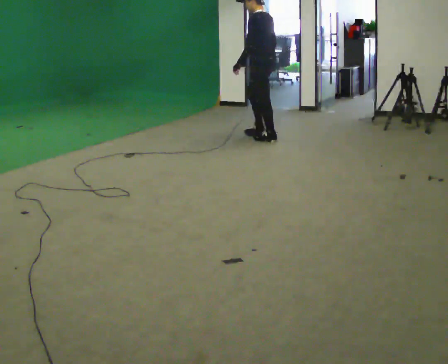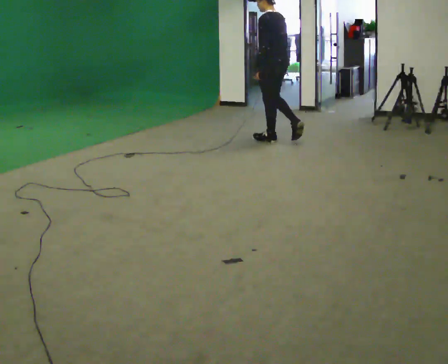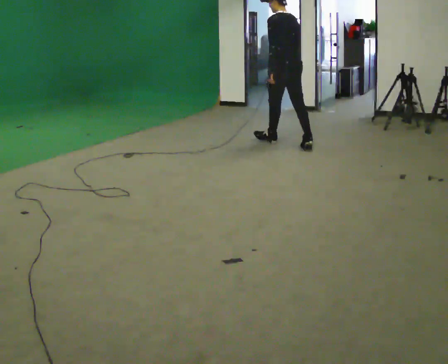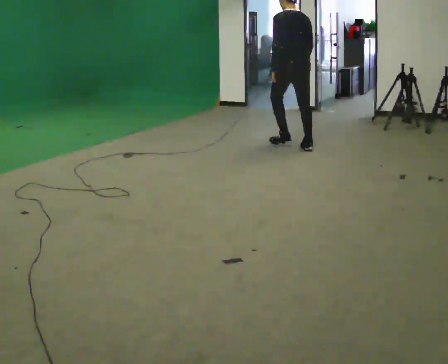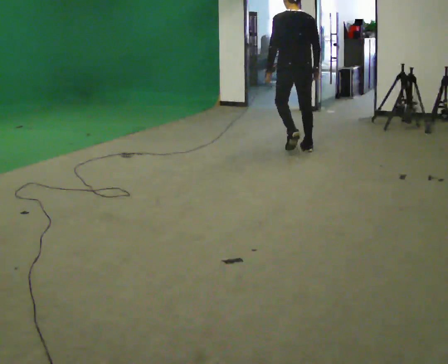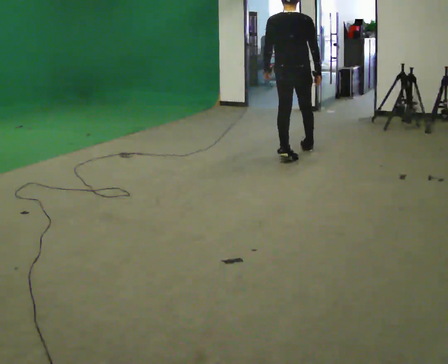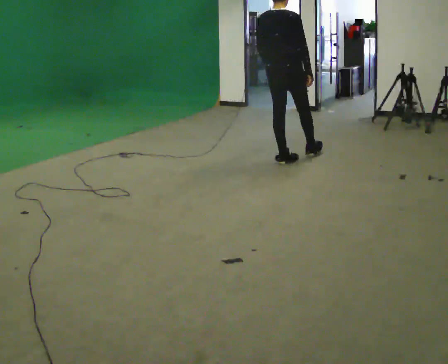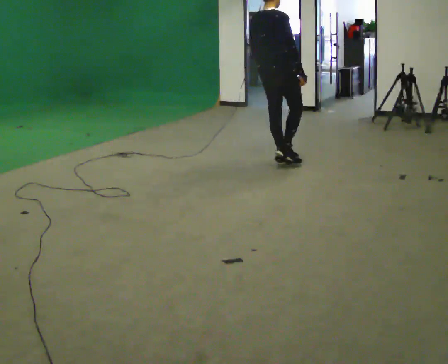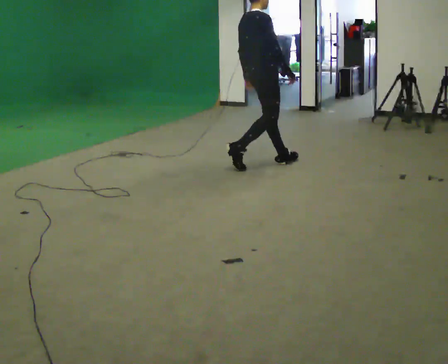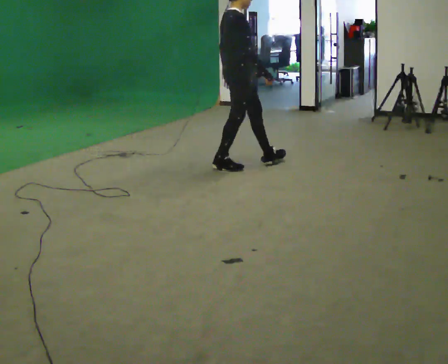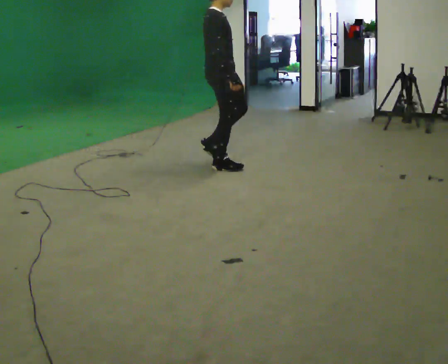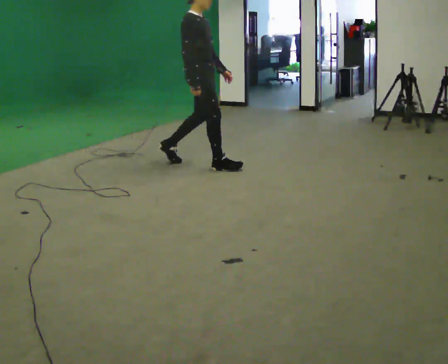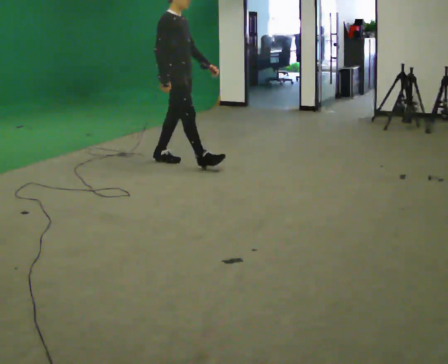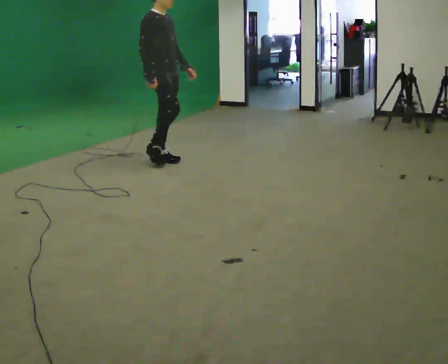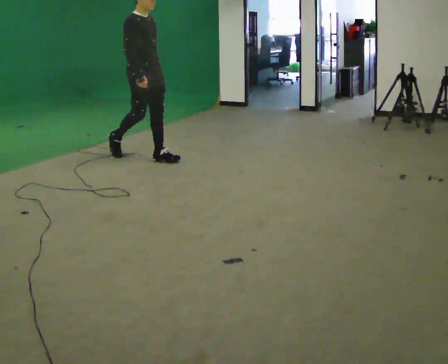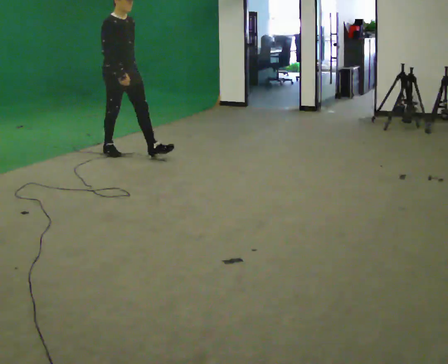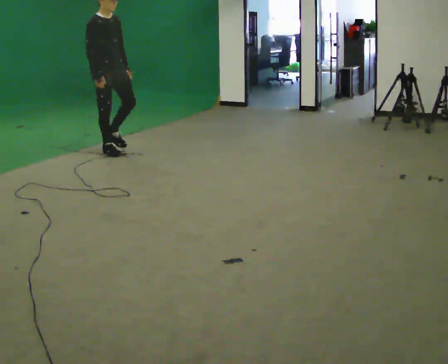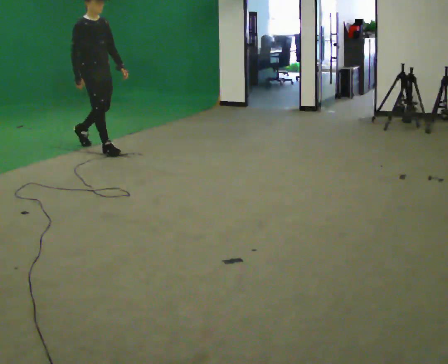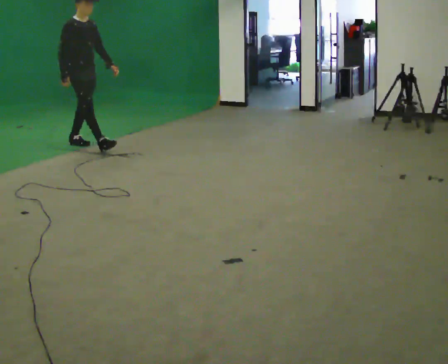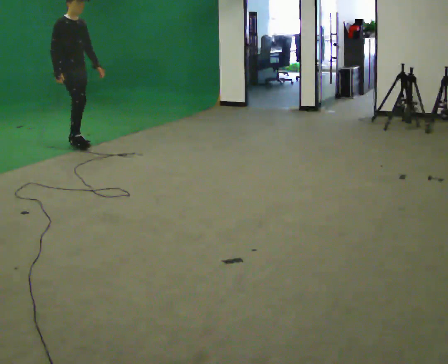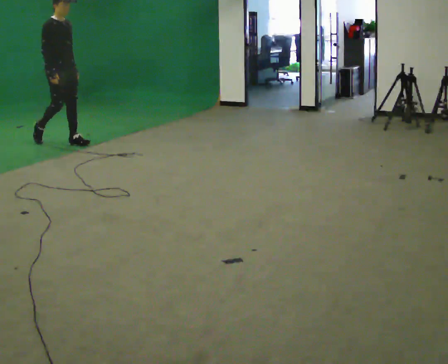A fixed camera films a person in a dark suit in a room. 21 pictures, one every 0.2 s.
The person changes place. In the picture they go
to the left.
The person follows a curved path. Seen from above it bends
clockwise.
0.0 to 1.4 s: The person turns about 105 degrees to their right, clockwise seen from above, so the part of the body nearest the lens slides to the left. In the picture they go toward the camera, about 1 m in 2 steps.
1.4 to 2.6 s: Seen from above the body turns clockwise, about 60 degrees: to their right, with its near side sliding to the left. In the picture they go to the left, about 1 m in 2 steps.
2.6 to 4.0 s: In the picture they go to the left and away from the camera, about 1.5 m in 2 steps, which for them is backward.
The film runs backward here.
